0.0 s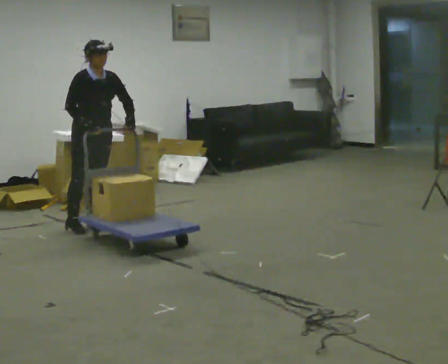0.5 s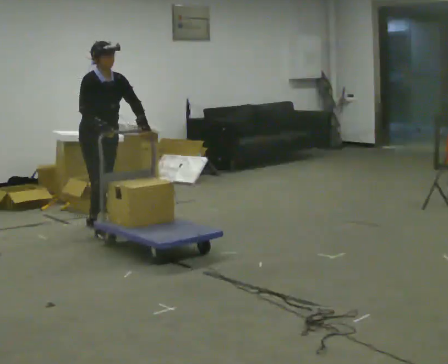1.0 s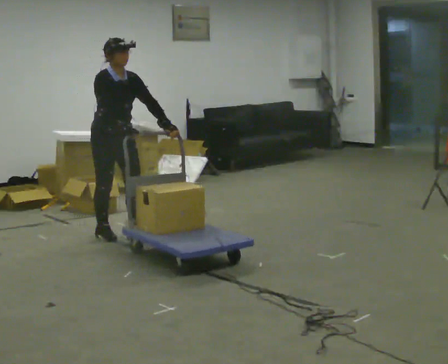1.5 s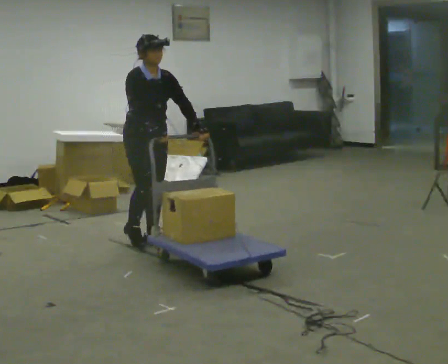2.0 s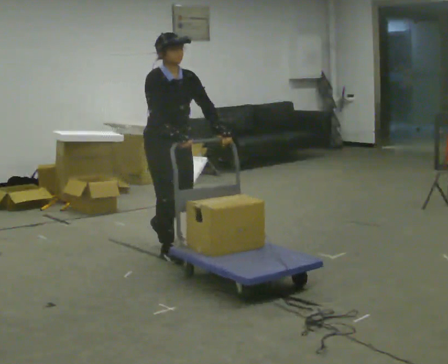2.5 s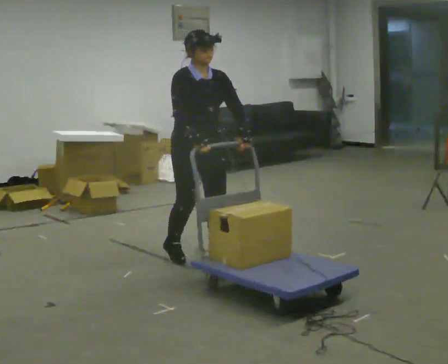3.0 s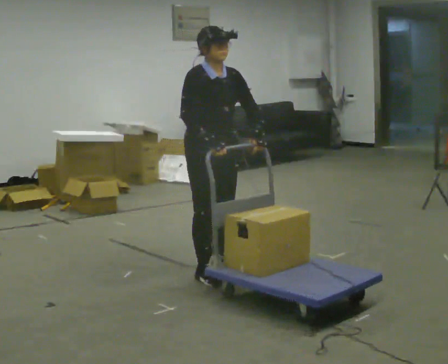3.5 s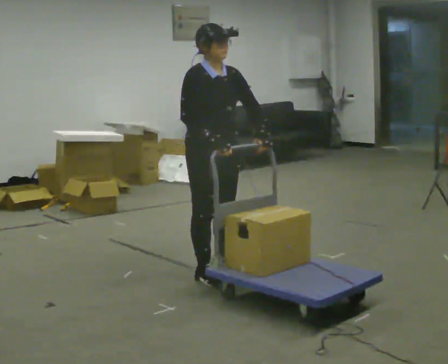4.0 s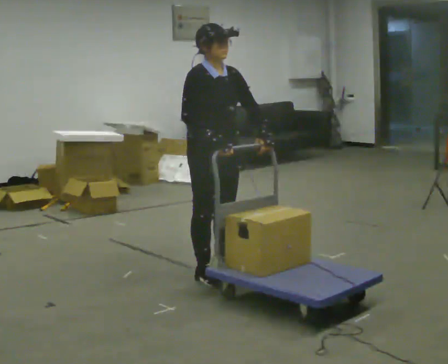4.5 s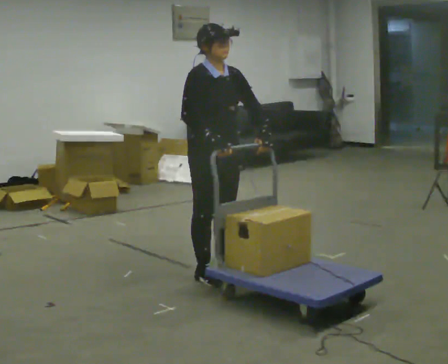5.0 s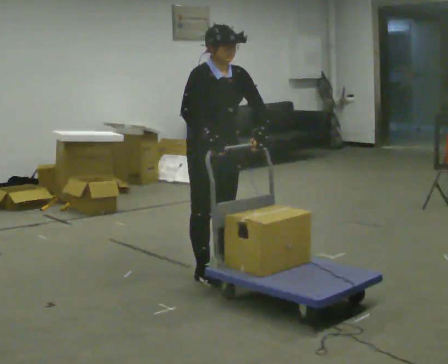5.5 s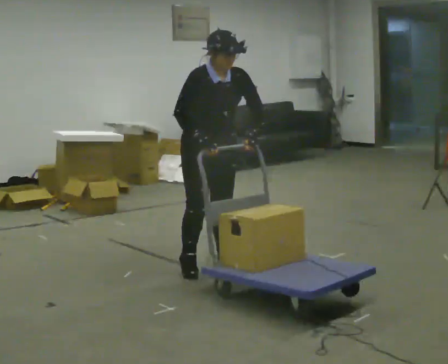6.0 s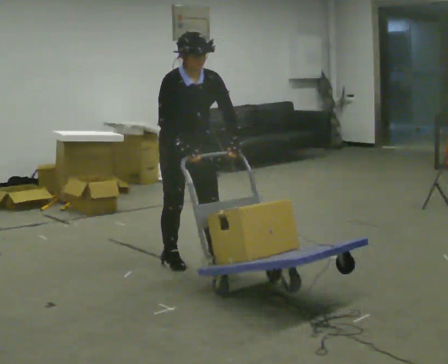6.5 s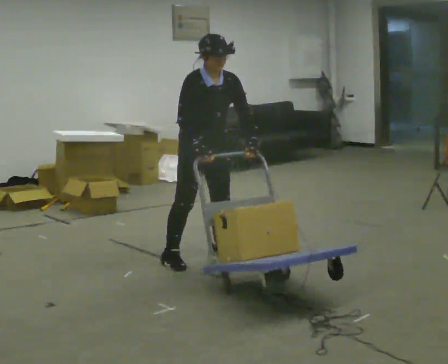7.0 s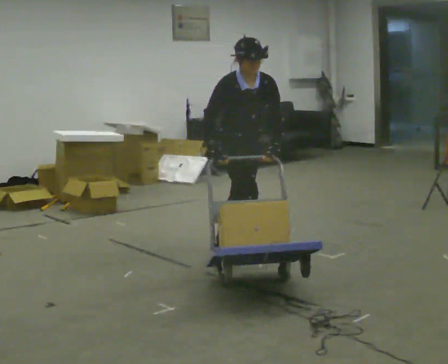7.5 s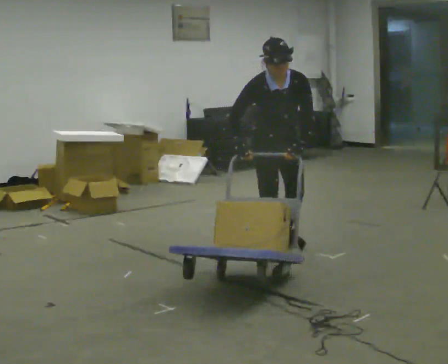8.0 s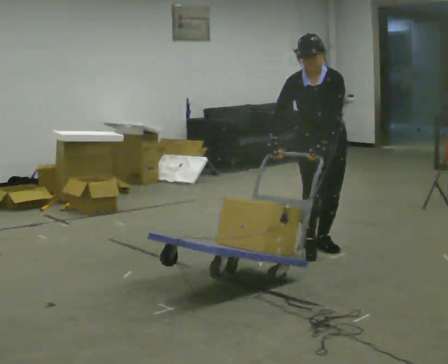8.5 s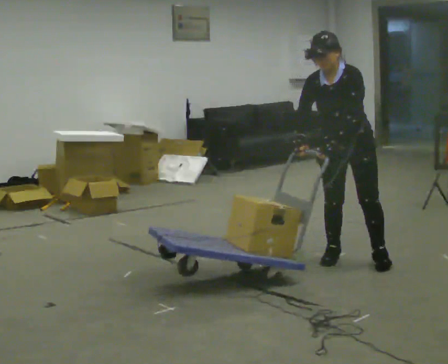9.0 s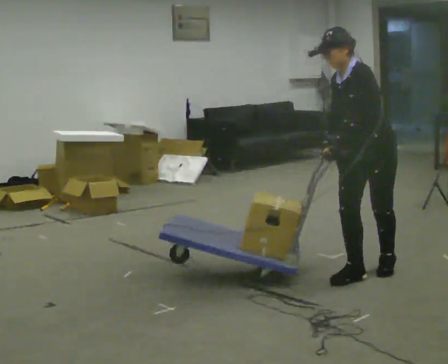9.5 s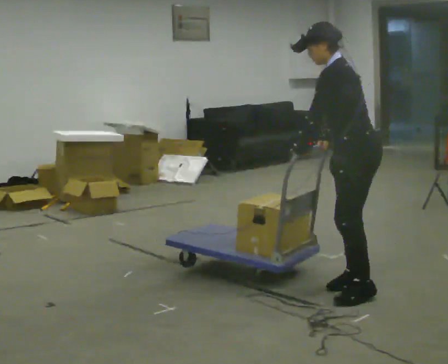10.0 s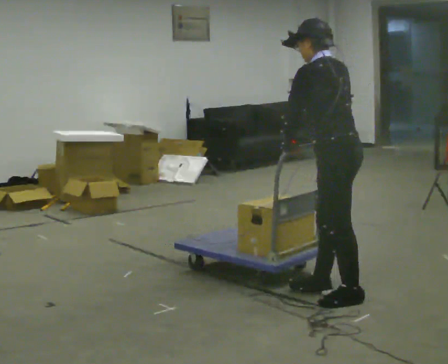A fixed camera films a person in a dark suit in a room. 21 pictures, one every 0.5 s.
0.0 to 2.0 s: In the picture they go to the right and toward the camera, about 1 m in 3 steps, which for them is forward.
2.0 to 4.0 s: In the picture they go toward the camera and to the right, about 0.75 m in 3 steps, which for them is forward.
4.0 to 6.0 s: In the picture they go away from the camera and to the left, about 0.25 m in 1 step, which for them is backward.
6.0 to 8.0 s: The person turns about 30 degrees to their right, clockwise seen from above, so the part of the body nearest the lens slides to the left. In the picture they go to the right, about 1 m in 3 steps, which for them is to their left and forward.
8.0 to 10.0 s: The person turns about 105 degrees to their right, clockwise seen from above, so the part of the body nearest the lens slides to the left. In the picture they go toward the camera, about 1 m in 5 steps. The upper body tips away from the camera, its near side rolling upward.
The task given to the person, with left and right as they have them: Stand still with your hands on the cart. When the operator says go, get it moving, push it a few metres, then bring it to a stop. Repeat until the operator says stop.
The film runs forward here.
